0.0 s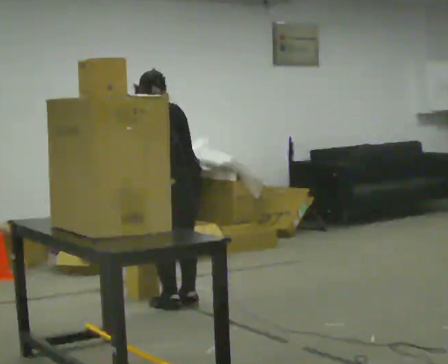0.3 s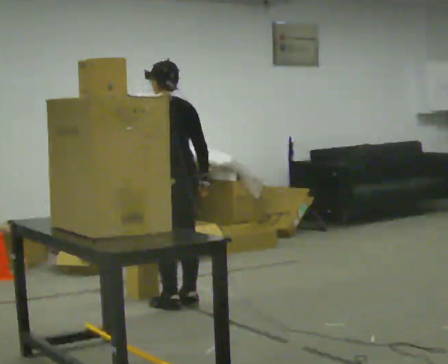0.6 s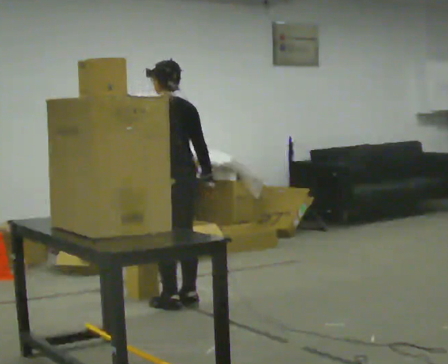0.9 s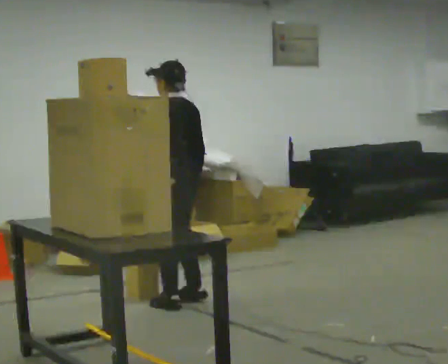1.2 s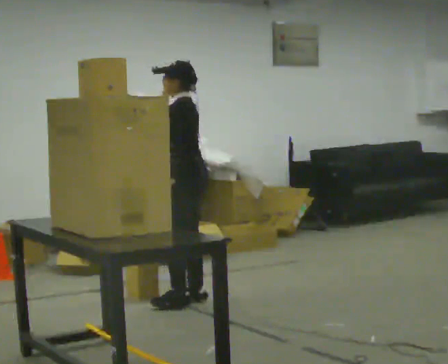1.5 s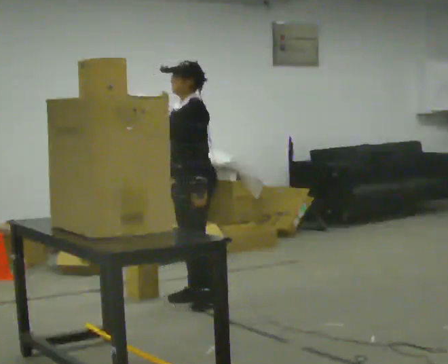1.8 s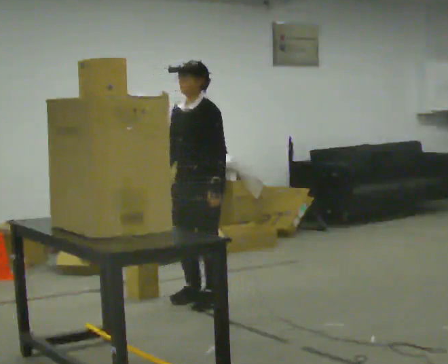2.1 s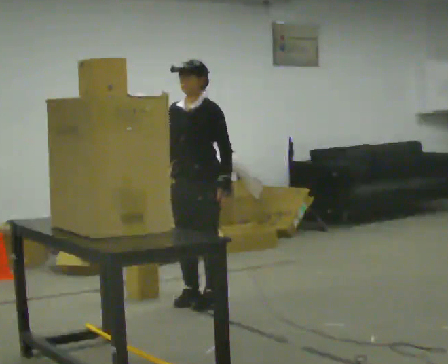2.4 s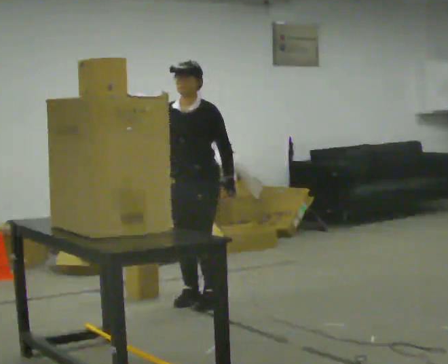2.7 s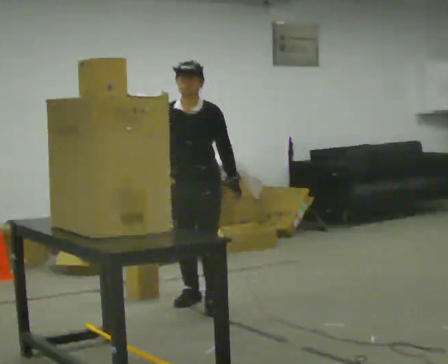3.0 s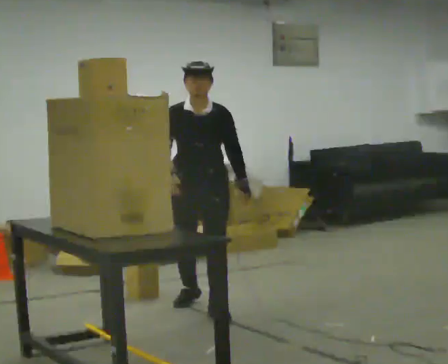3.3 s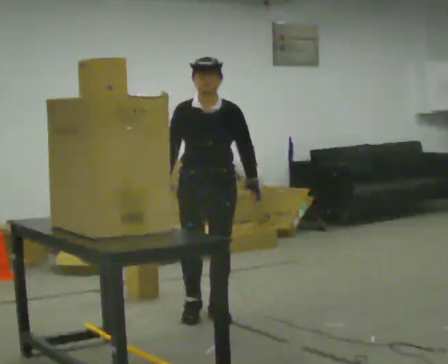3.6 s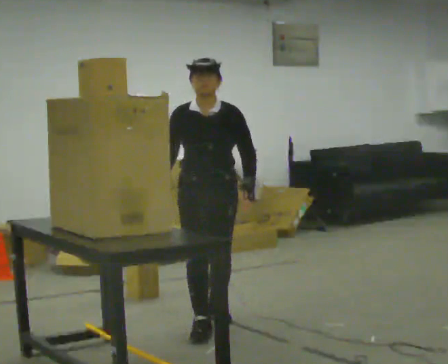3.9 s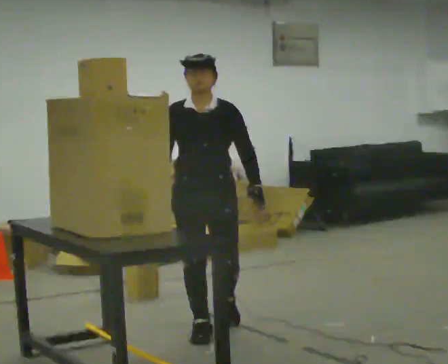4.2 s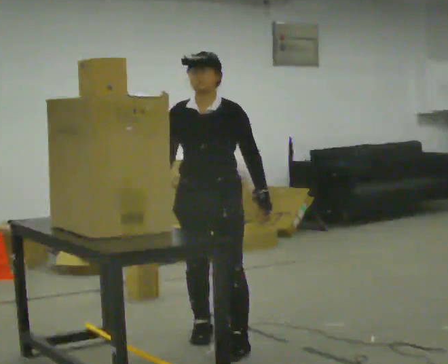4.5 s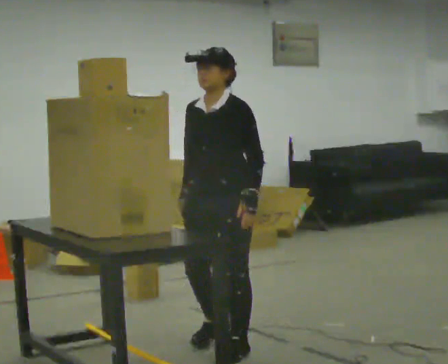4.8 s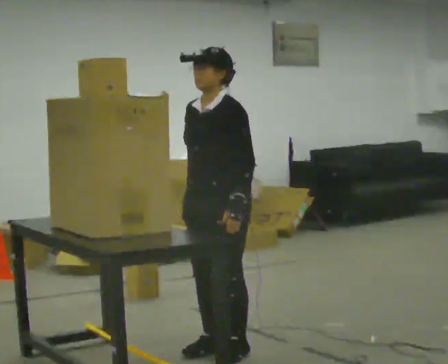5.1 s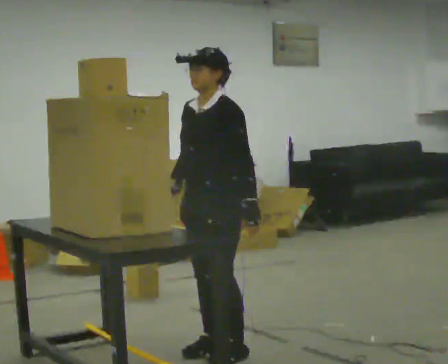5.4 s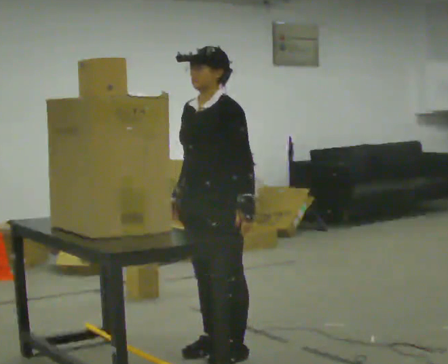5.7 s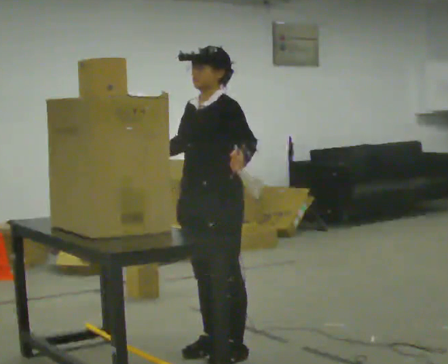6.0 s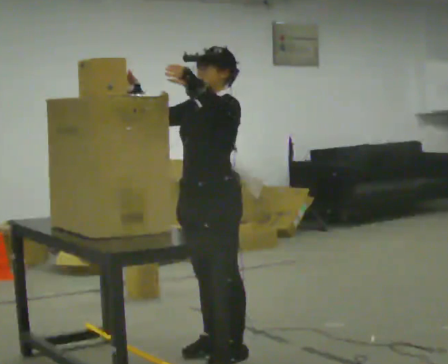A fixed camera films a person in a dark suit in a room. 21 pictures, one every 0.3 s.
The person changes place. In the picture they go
toward the camera.
The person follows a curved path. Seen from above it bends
clockwise.
0.0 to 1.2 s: Seen from above the body turns counterclockwise, about 45 degrees: to their left, with its near side sliding to the right.
1.2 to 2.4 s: Seen from above the body turns counterclockwise, about 75 degrees: to their left, with its near side sliding to the right. In the picture their left hand goes to the right, the arm swinging counterclockwise.
2.4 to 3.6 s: Seen from above the body turns counterclockwise, about 30 degrees: to their left, with its near side sliding to the right. In the picture they go toward the camera, about 0.5 m in 2 steps, which for them is forward.
3.6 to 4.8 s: Seen from above the body turns clockwise, about 60 degrees: to their right, with its near side sliding to the left. In the picture they go toward the camera, about 0.5 m in 2 steps, which for them is forward and to their left.
4.8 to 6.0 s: In the picture their right hand goes upward, the arm swinging clockwise.
The film runs forward here.
